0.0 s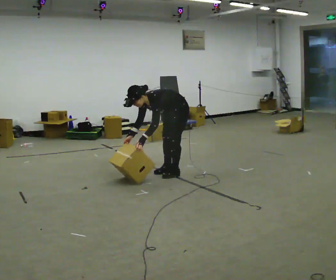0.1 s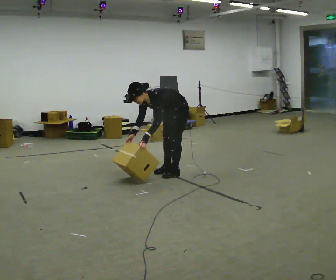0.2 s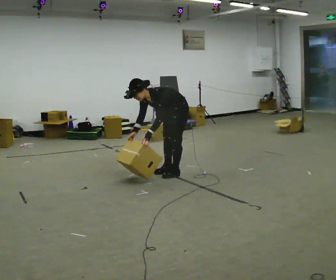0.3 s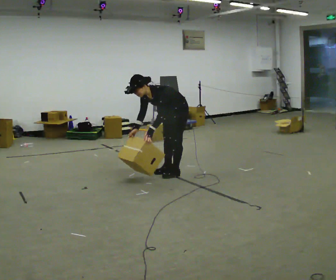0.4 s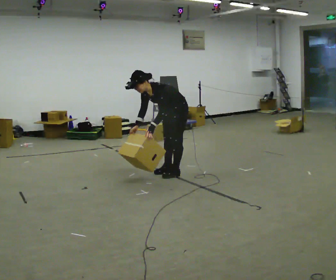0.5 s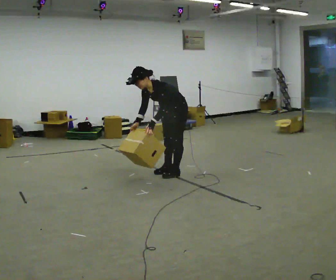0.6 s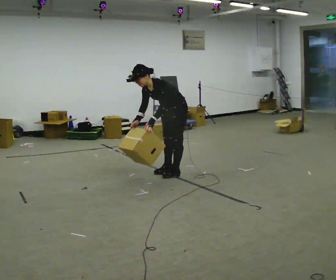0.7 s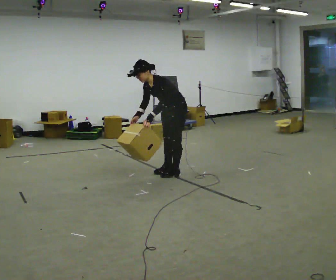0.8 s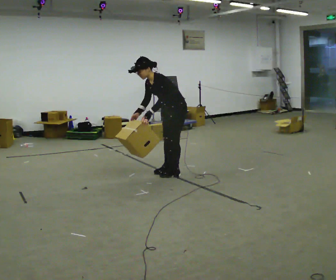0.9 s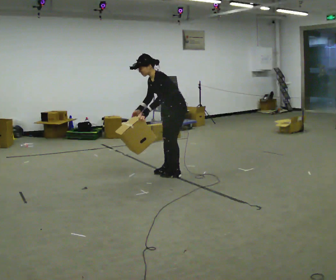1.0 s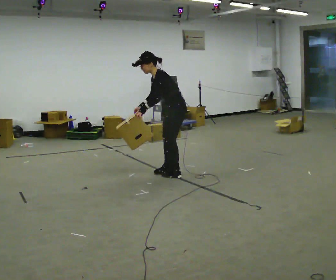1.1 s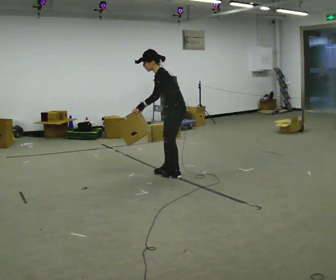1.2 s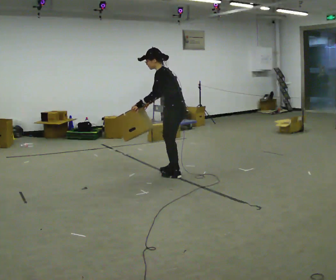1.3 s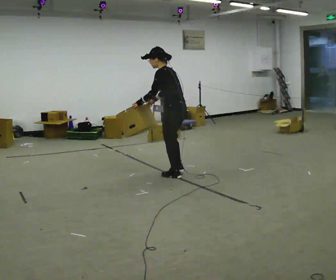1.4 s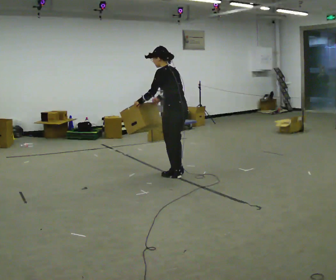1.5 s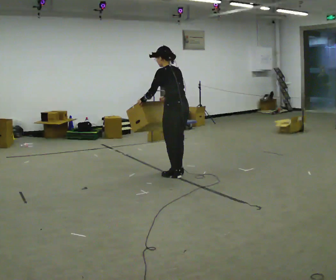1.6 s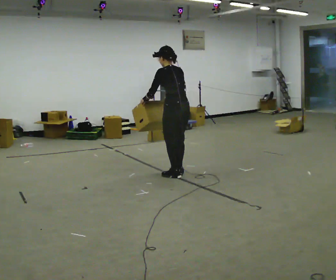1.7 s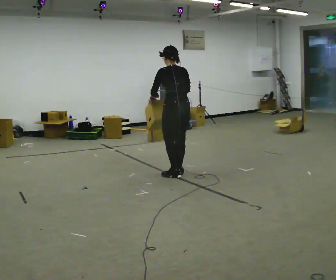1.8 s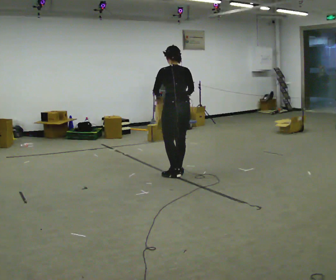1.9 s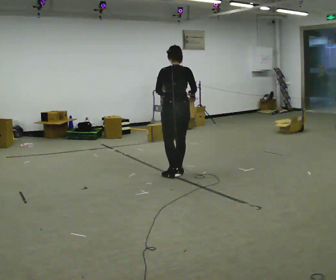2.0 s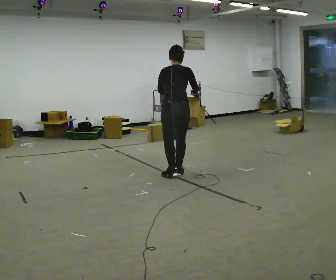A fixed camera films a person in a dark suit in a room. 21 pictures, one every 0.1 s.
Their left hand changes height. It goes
upward.
Their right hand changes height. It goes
upward.
0.0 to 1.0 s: The upper body goes upward. The upper body tips away from the camera, its near side rolling upward, as they lean back or straighten. In the picture their right hand goes upward.
1.0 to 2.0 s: The part of the body nearest the lens slides to the left as the person turns to their right by about 105 degrees. In the picture the upper body tilts clockwise, shoulders to the right, as they lean back or straighten.
The film runs backward here.
